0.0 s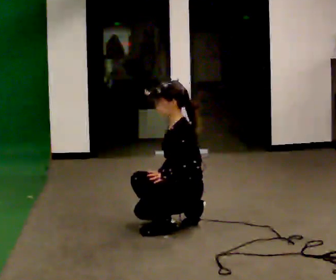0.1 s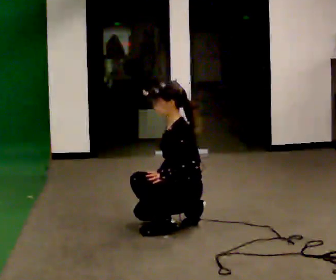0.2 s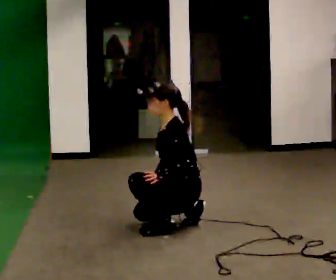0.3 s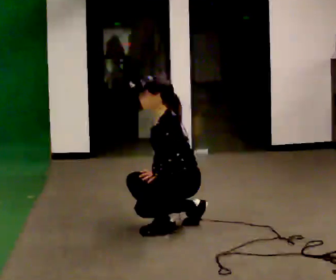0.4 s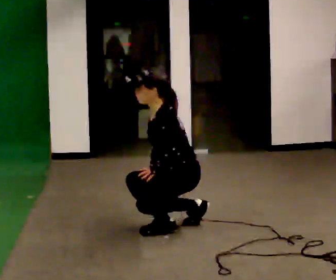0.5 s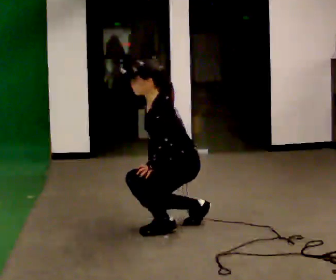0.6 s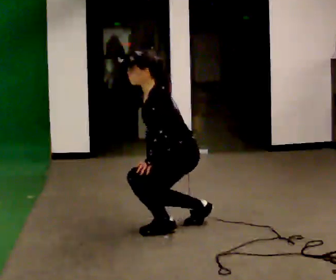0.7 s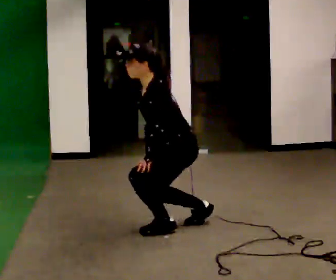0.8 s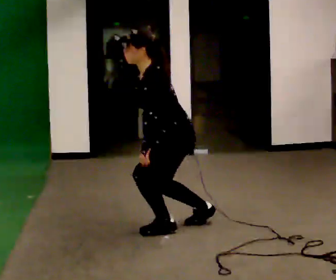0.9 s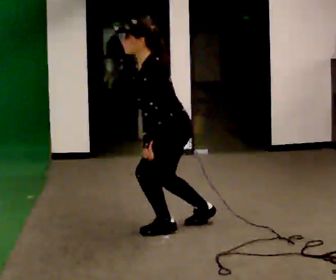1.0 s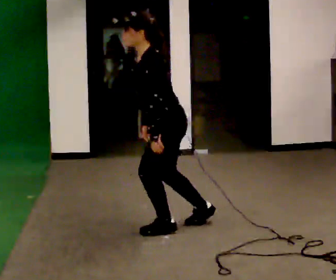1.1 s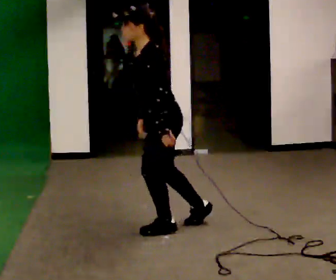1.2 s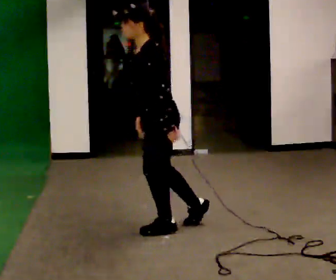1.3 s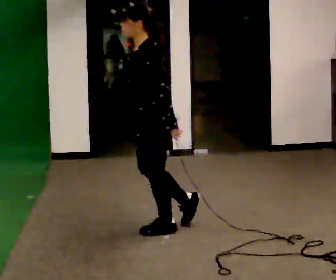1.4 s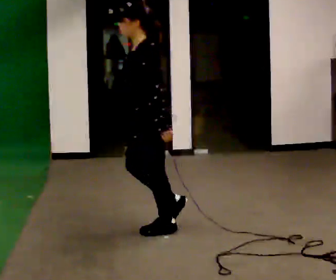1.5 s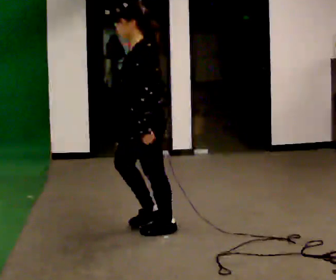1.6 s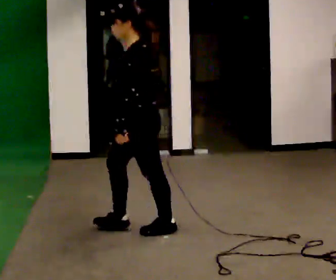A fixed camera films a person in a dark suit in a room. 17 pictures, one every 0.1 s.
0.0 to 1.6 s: In the picture they go to the left, about 0.25 m, which for them is forward. The upper body goes upward. In the picture their right hand goes upward.
The film runs forward here.
